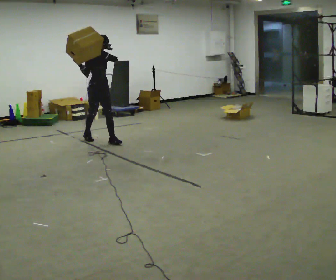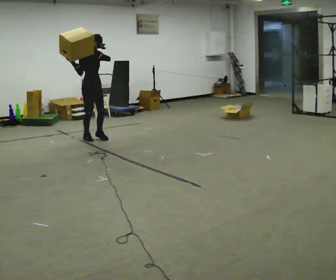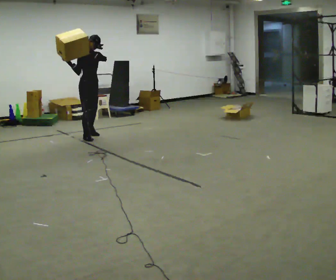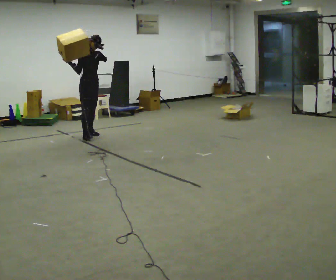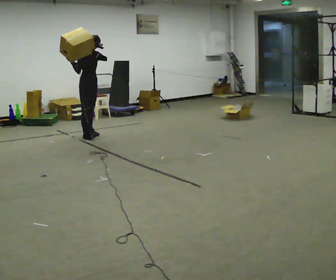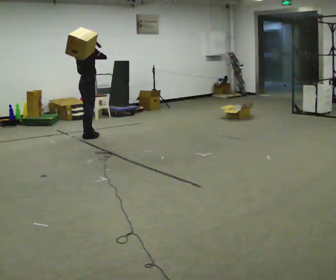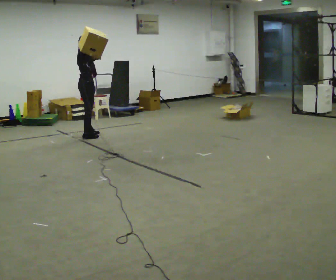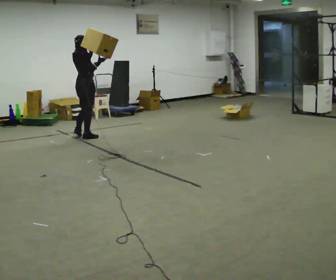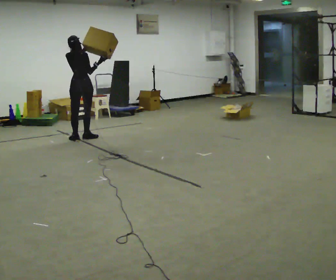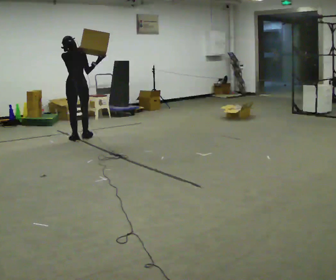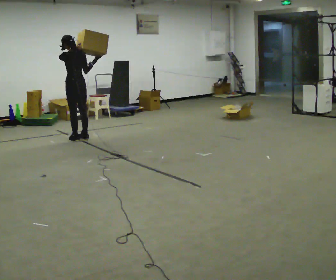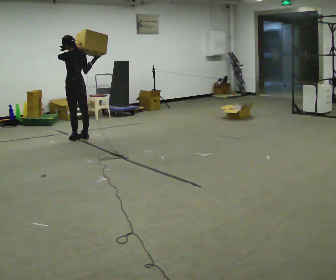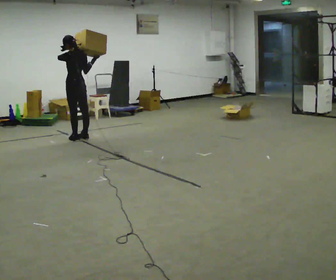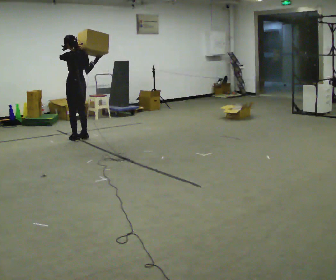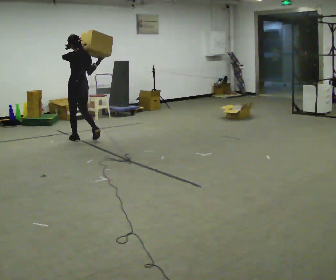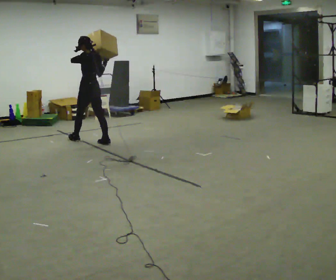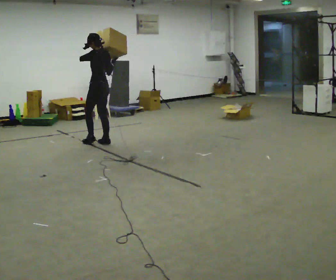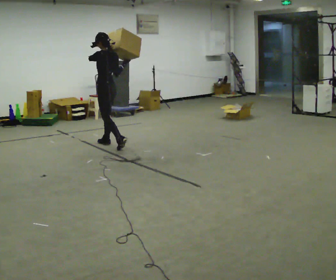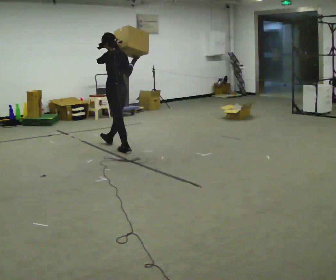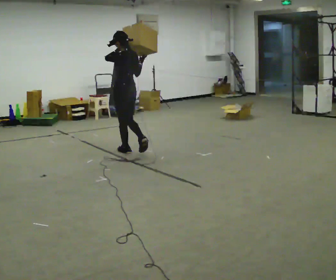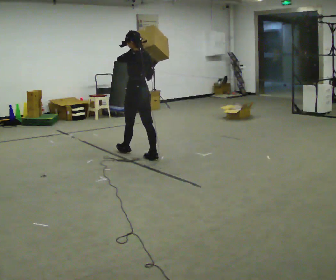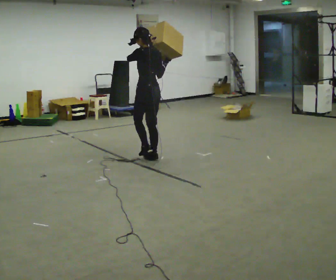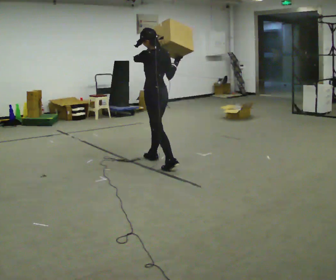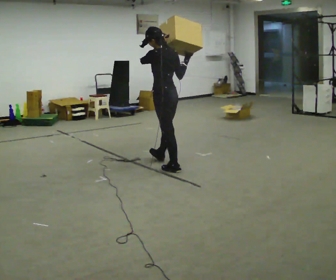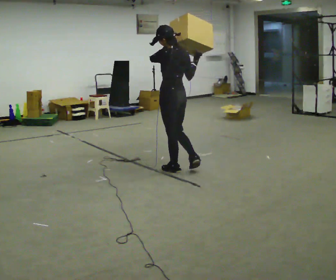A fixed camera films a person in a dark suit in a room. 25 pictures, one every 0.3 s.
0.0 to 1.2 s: In the picture they go away from the camera, about 0.5 m in 1 step, which for them is backward.
1.2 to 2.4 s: The person turns about 120 degrees to their left, counterclockwise seen from above, so the part of the body nearest the lens slides to the right. In the picture they go toward the camera, about 0.25 m in 1 step.
2.4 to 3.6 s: Seen from above the body turns counterclockwise, about 60 degrees: to their left, with its near side sliding to the right.
3.6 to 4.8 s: In the picture they go toward the camera and to the right, about 0.5 m in 2 steps, which for them is backward and to their right.
4.8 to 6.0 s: In the picture they go toward the camera and to the right, about 1 m in 1 step, which for them is backward.
6.0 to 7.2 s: In the picture they go toward the camera, about 1 m in 2 steps, which for them is backward.
The film runs backward here.
